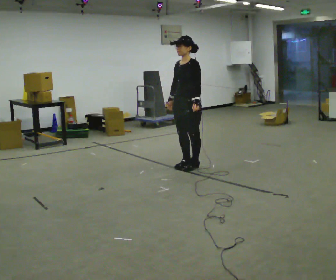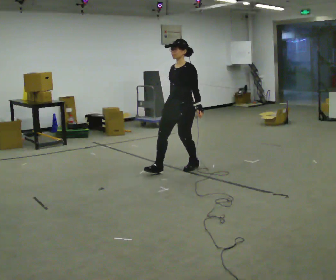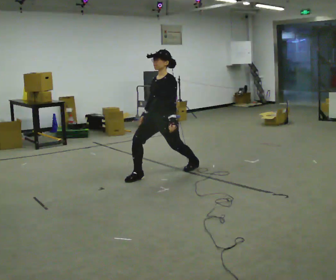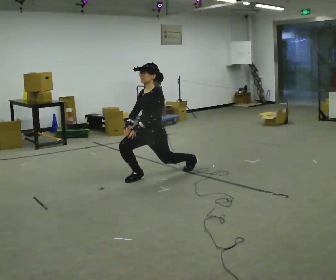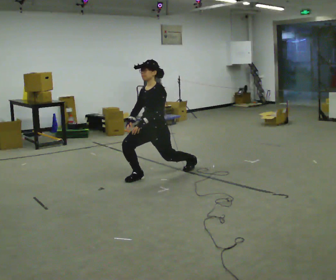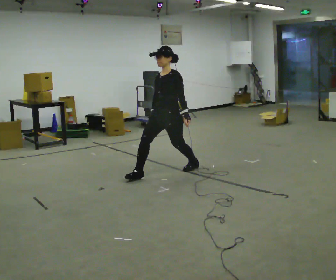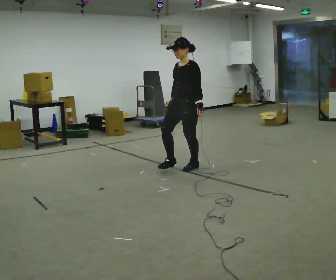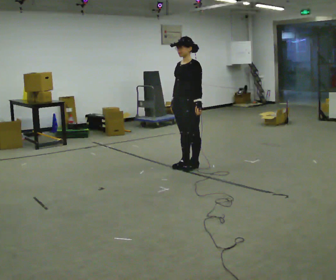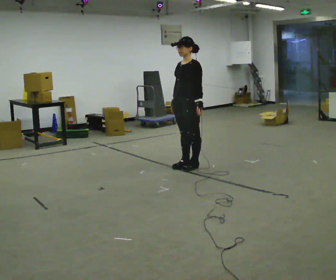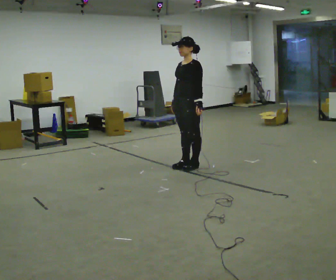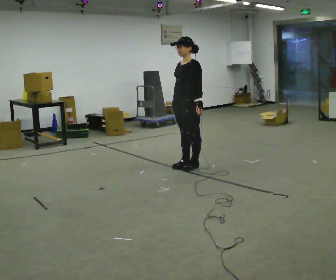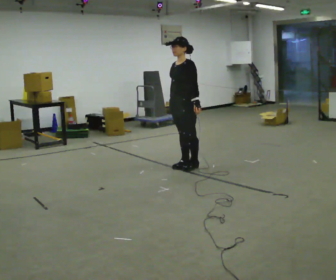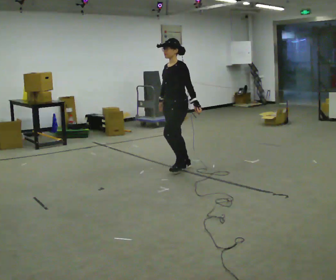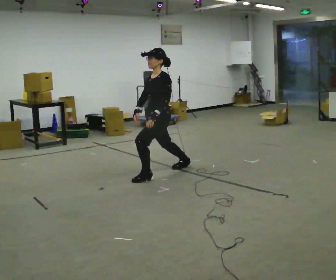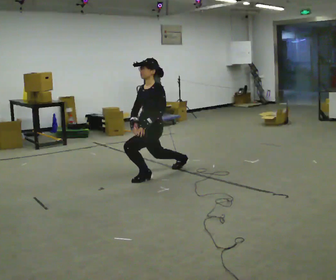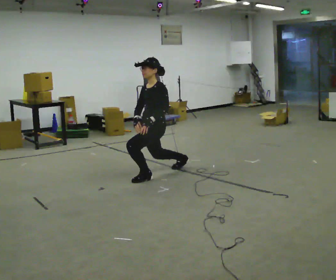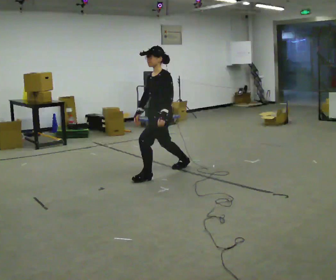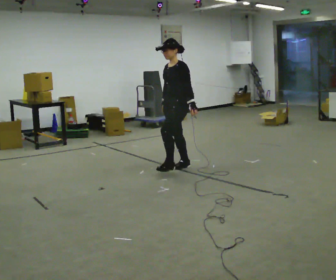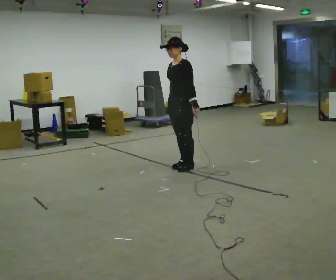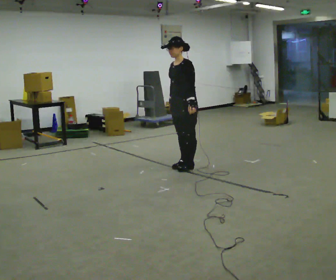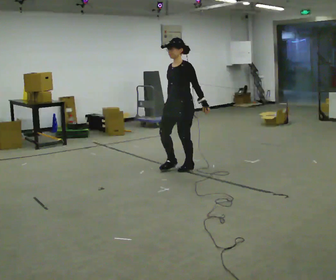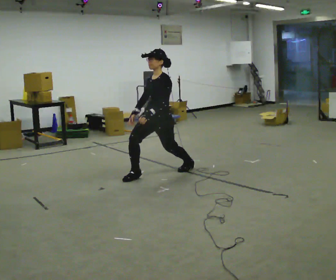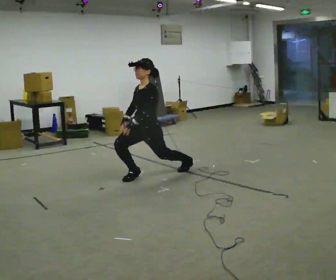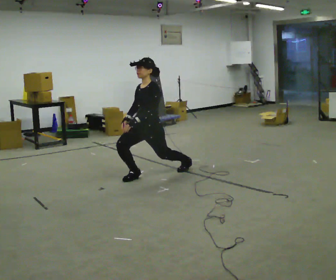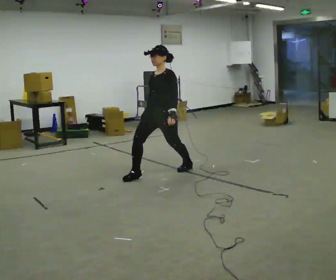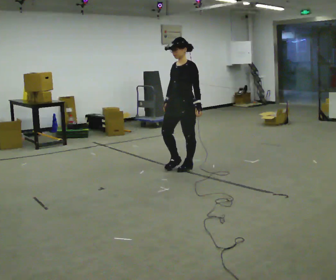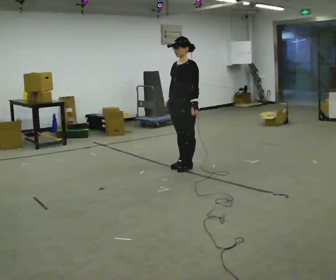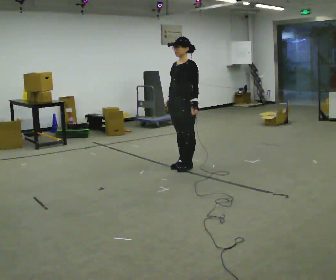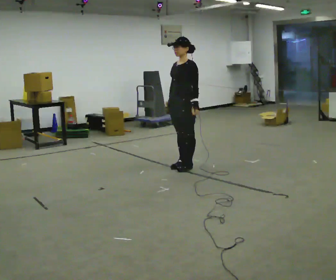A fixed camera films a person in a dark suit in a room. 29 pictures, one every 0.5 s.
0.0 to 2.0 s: In the picture they go to the left and toward the camera, about 0.5 m in 1 step, which for them is forward. The shoulders move downward.
2.0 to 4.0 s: In the picture they go to the right and away from the camera, about 0.5 m in 1 step, which for them is backward. The upper body goes upward.
4.0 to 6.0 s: The person moves a little, or ends about where they began.
6.0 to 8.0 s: In the picture they go toward the camera and to the left, about 0.25 m, which for them is forward and to their left.
8.0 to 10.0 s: In the picture they go to the right, about 0.25 m in 2 steps, which for them is backward.
10.0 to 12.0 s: In the picture they go to the left, about 0.25 m, which for them is forward.
12.0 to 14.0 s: In the picture they go to the right and away from the camera, about 0.25 m in 1 step, which for them is backward.
The film runs backward here.
